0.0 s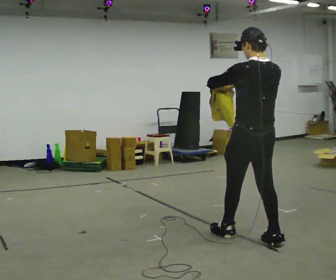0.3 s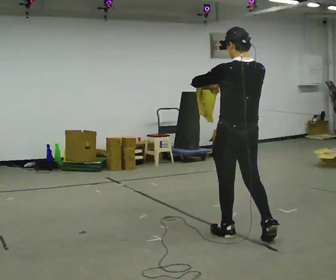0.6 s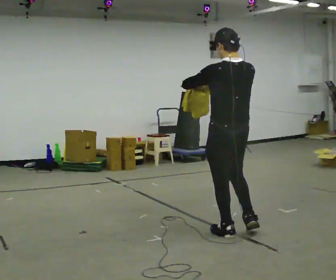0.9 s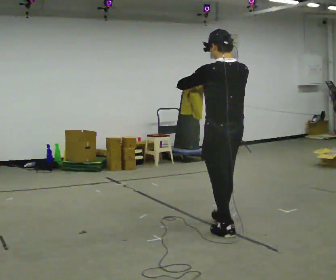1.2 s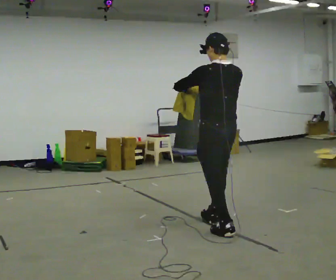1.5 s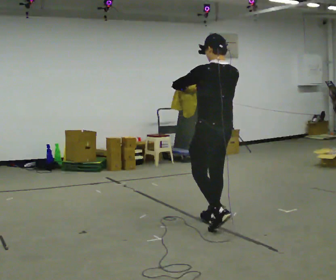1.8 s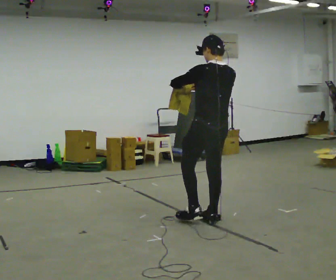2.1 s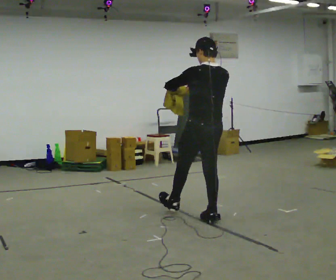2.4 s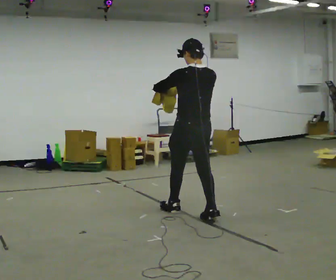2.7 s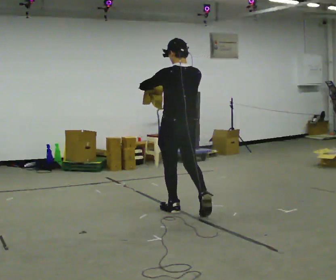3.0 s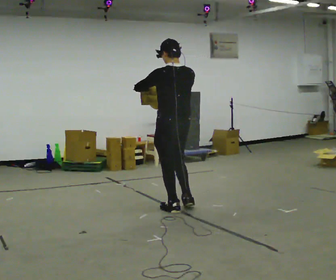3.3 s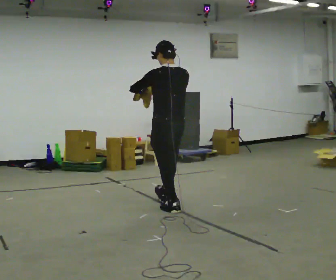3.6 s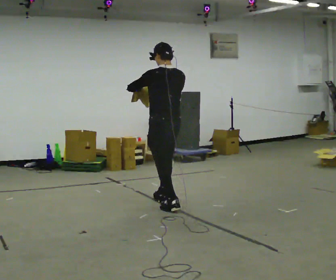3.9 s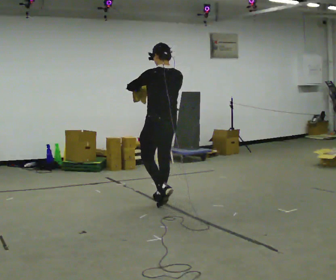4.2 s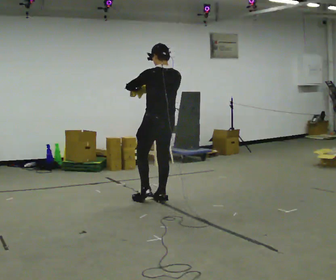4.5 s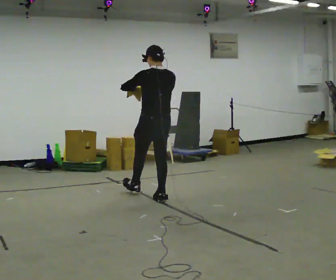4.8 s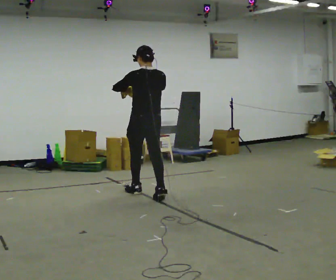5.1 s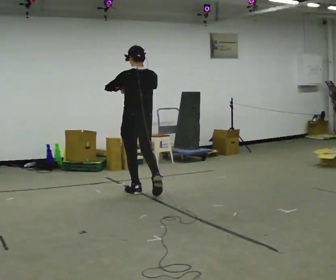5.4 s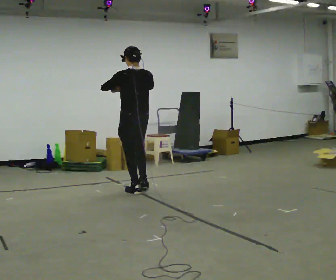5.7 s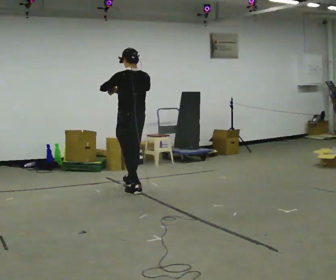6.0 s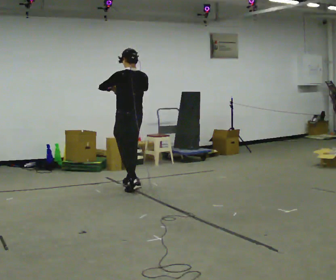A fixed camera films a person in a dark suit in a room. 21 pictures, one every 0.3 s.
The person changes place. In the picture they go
away from the camera.
0.0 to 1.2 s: In the picture they go away from the camera and to the left, about 0.5 m in 1 step, which for them is forward.
1.2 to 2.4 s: In the picture they go away from the camera and to the left, about 0.5 m in 1 step, which for them is forward.
2.4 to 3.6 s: In the picture they go away from the camera and to the left, about 0.5 m in 1 step, which for them is forward.
3.6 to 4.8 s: In the picture they go away from the camera and to the left, about 0.5 m in 1 step, which for them is forward.
4.8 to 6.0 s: In the picture they go away from the camera and to the left, about 0.5 m in 1 step, which for them is forward.
The film runs forward here.
